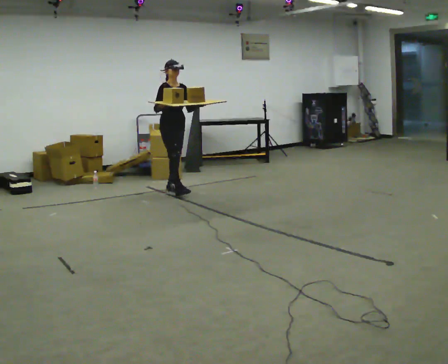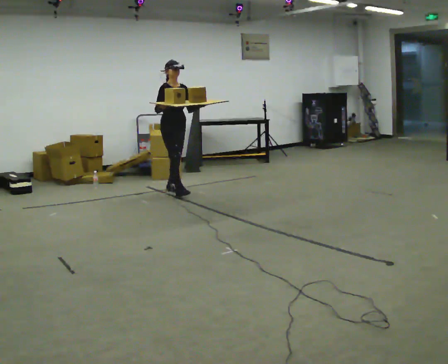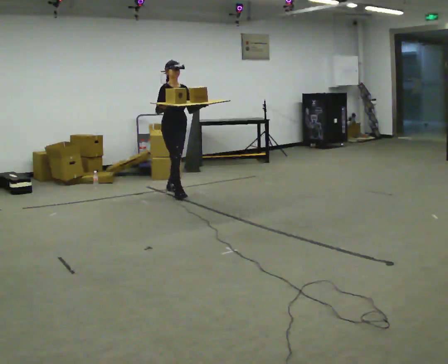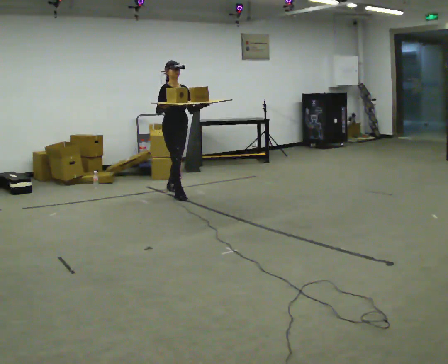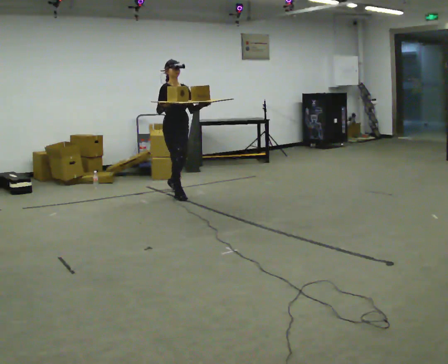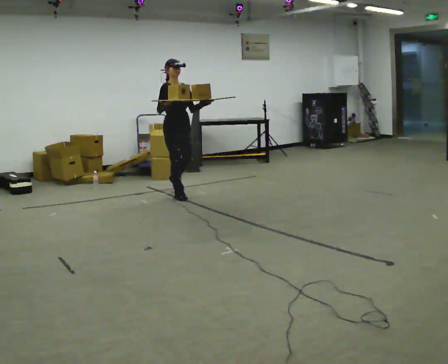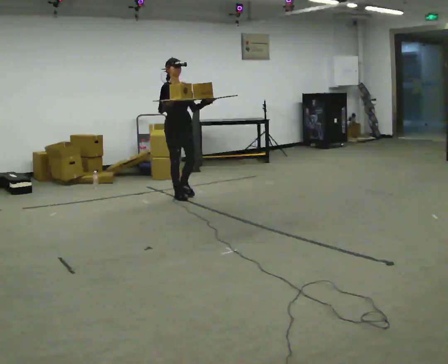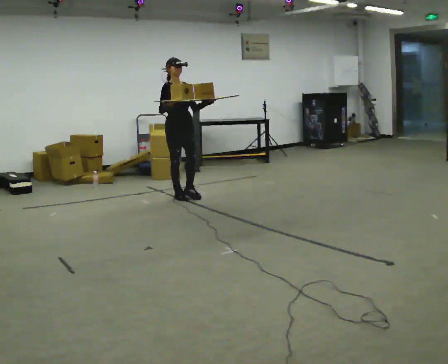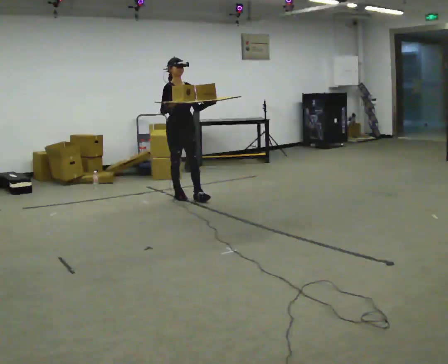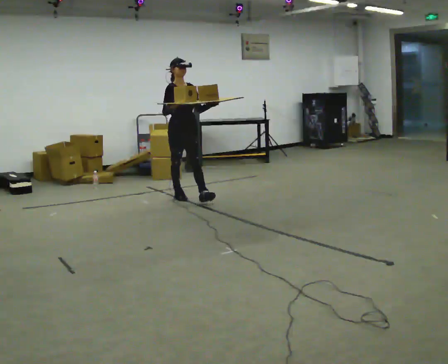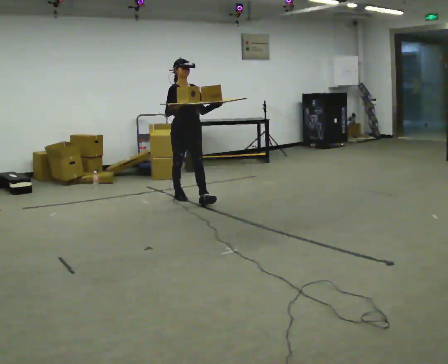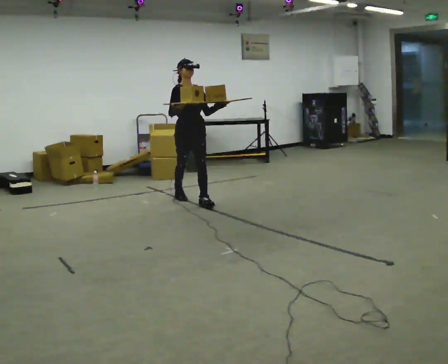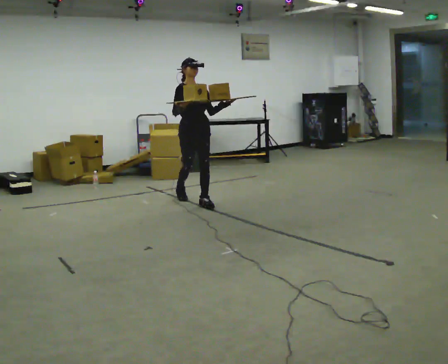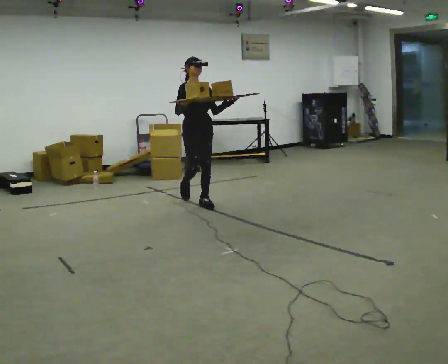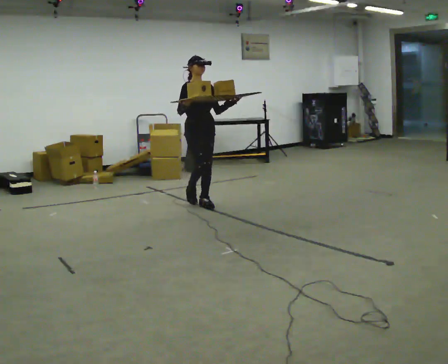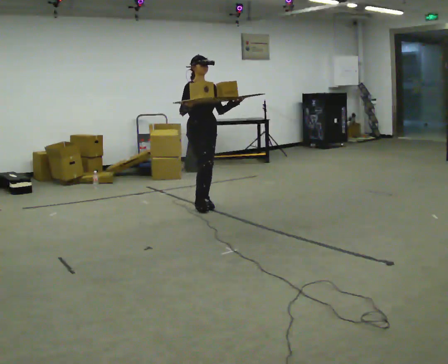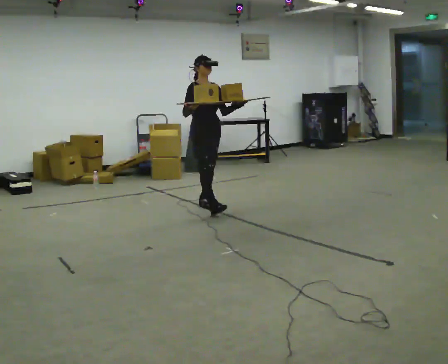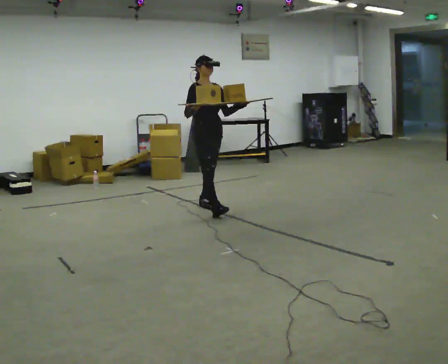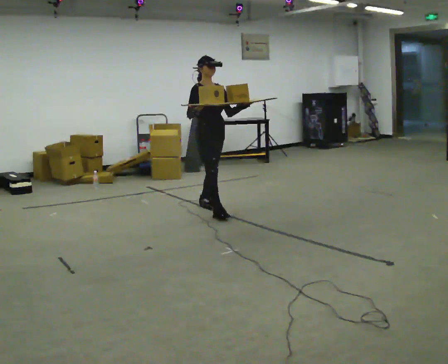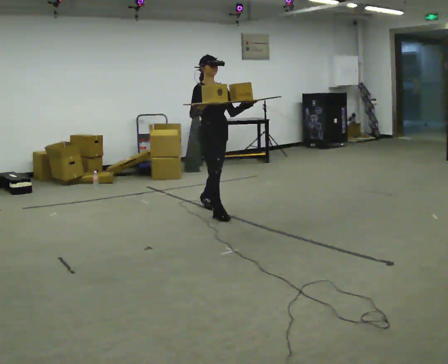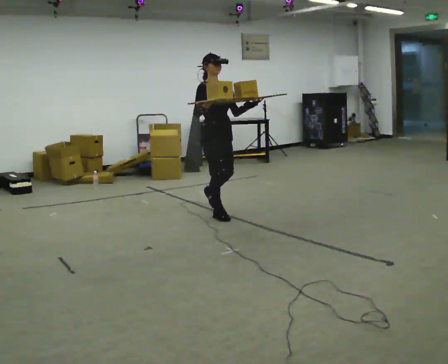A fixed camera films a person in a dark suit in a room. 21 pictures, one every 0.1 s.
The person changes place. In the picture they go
toward the camera.
0.0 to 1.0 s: In the picture they go toward the camera, about 0.5 m in 2 steps, which for them is forward.
1.0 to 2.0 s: In the picture they go toward the camera and to the right, about 0.75 m in 1 step, which for them is forward.
The film runs forward here.
